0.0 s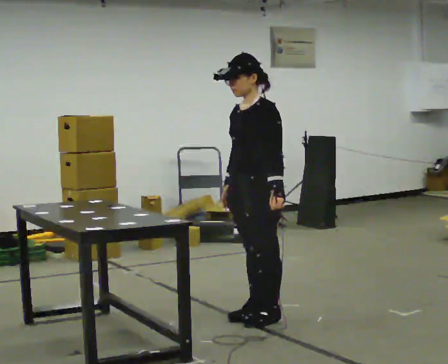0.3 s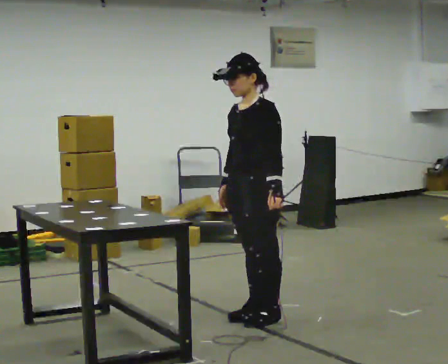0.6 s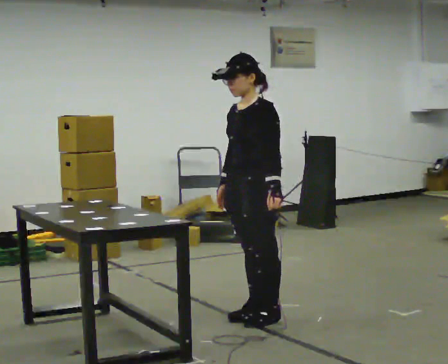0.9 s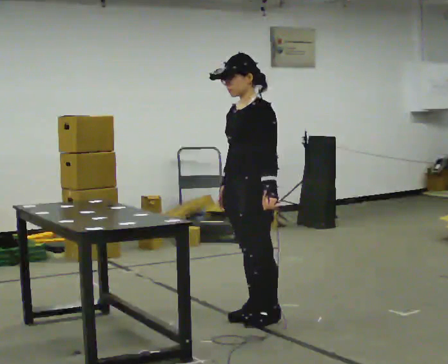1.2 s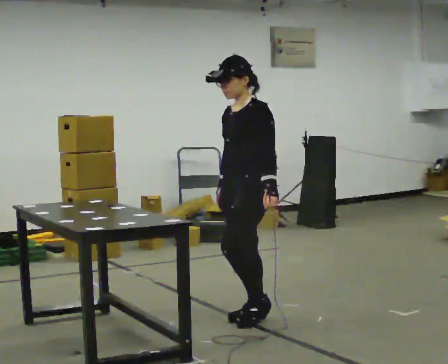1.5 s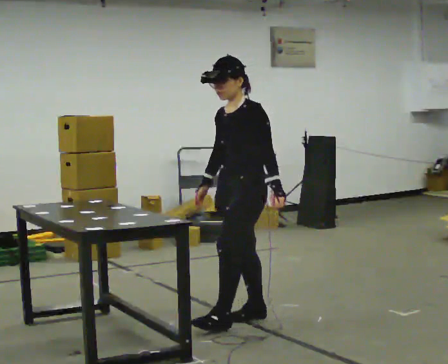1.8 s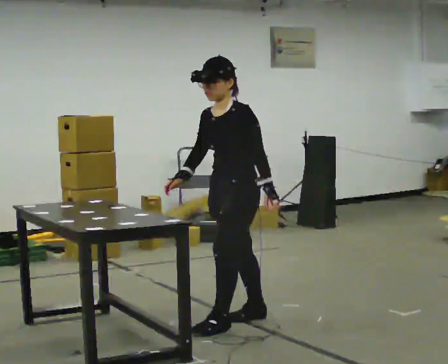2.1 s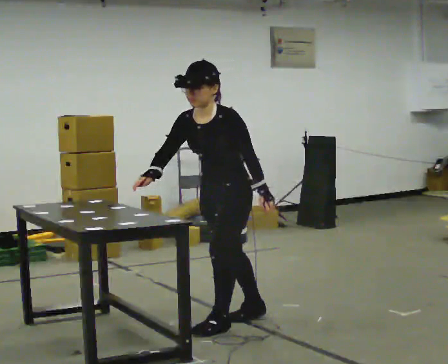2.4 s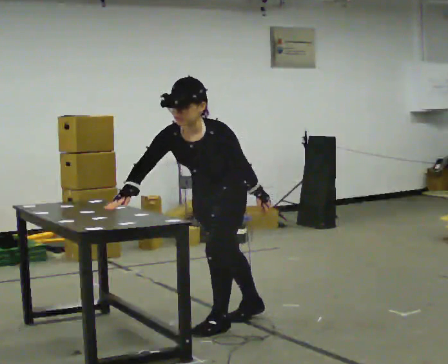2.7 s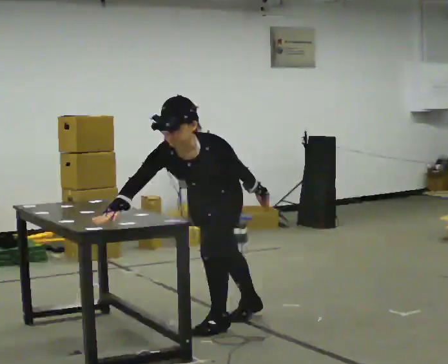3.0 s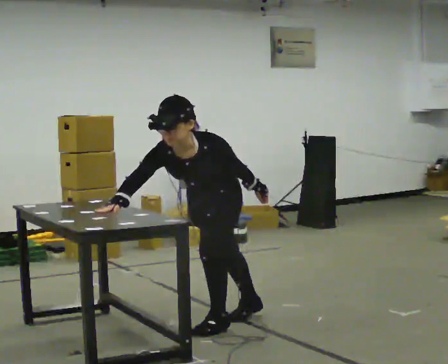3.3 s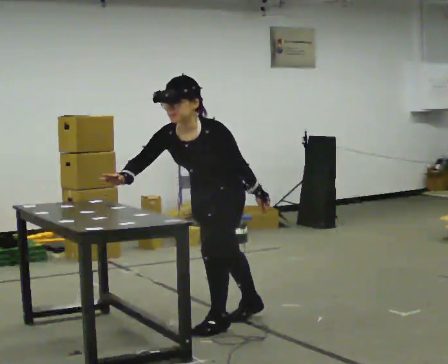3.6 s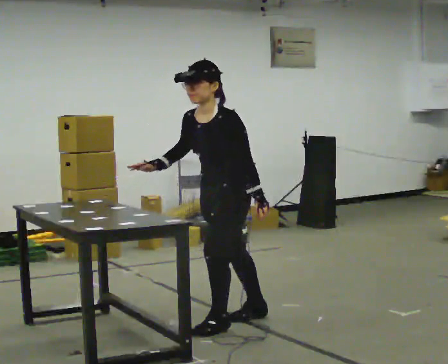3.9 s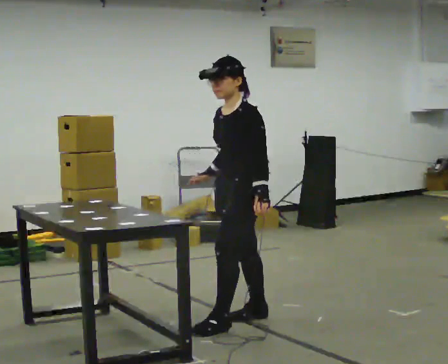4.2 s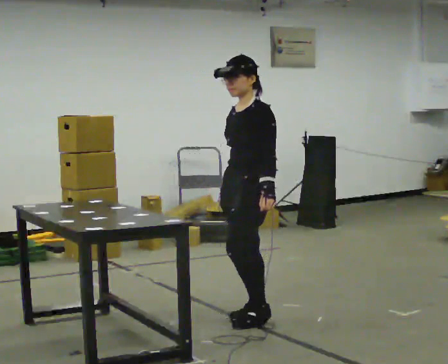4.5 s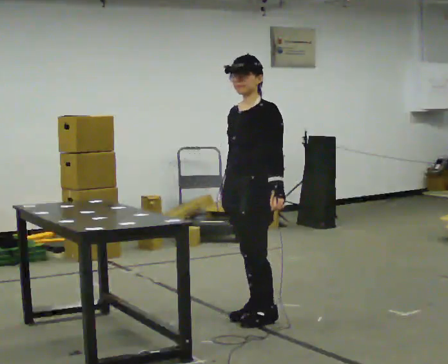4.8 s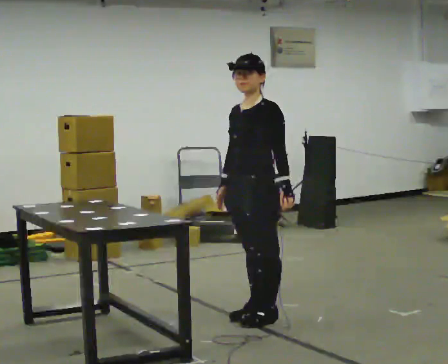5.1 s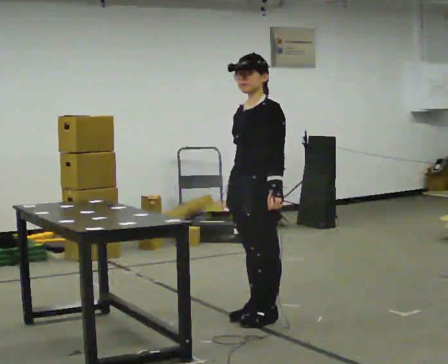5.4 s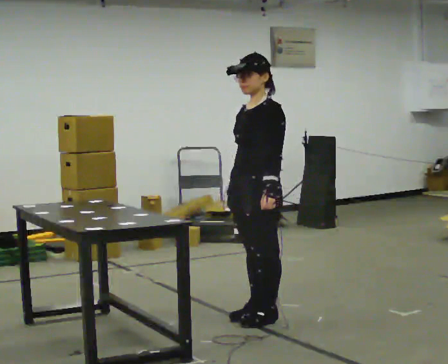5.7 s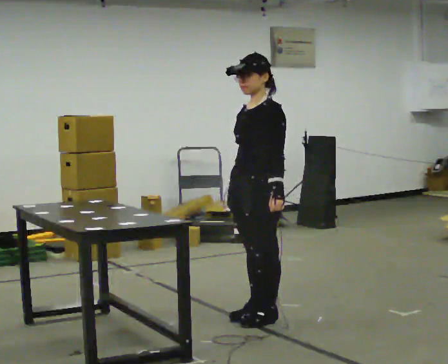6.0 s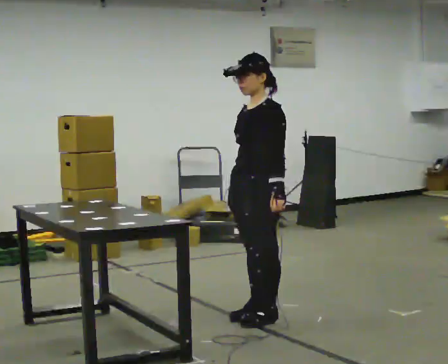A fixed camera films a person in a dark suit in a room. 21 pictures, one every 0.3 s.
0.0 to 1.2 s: The person moves a little, or ends about where they began.
1.2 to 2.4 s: In the picture they go to the left and toward the camera, about 0.25 m in 1 step, which for them is forward. The upper body tips toward the camera, its near side rolling downward, as they bend forward. In the picture their right hand goes to the left.
2.4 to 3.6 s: The person moves a little, or ends about where they began.
3.6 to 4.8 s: In the picture they go to the right, about 0.25 m in 1 step, which for them is backward. The upper body tips away from the camera, its near side rolling upward, as they lean back or straighten. In the picture their right hand goes to the right.
4.8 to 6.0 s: The person moves a little, or ends about where they began.
The film runs forward here.
